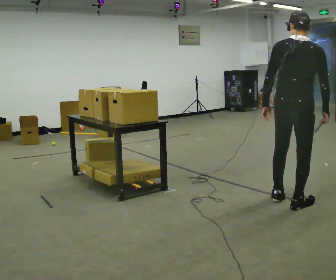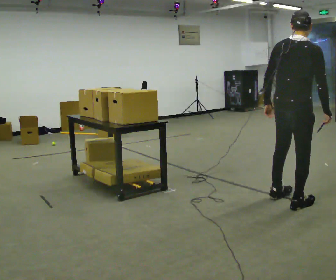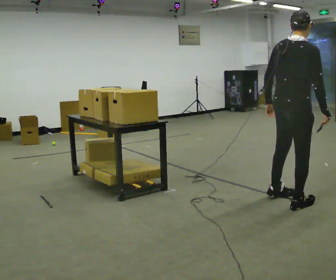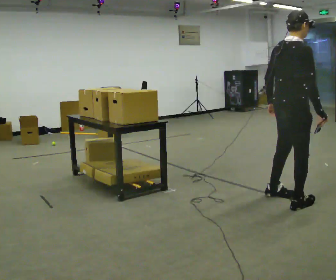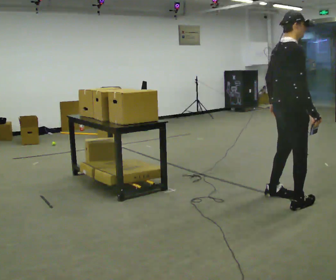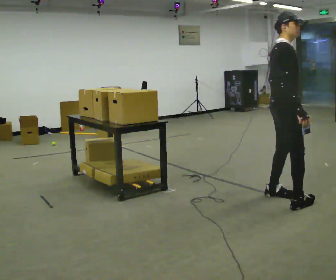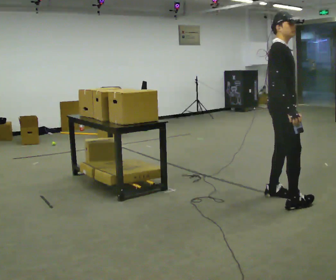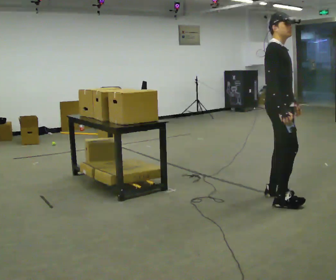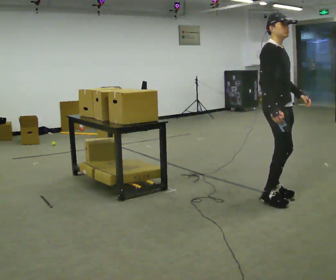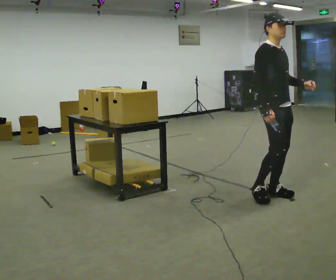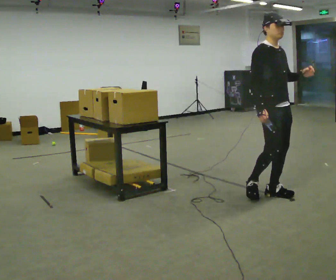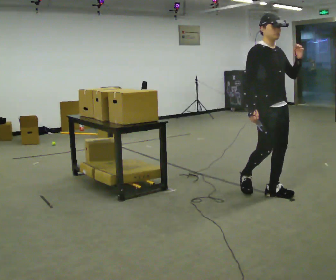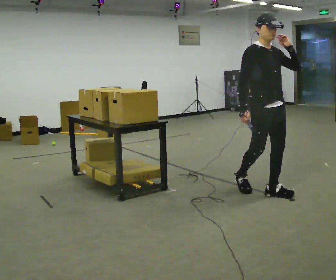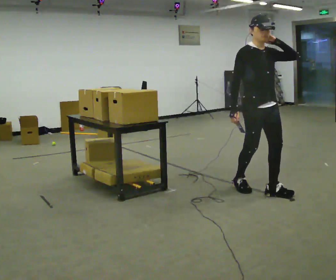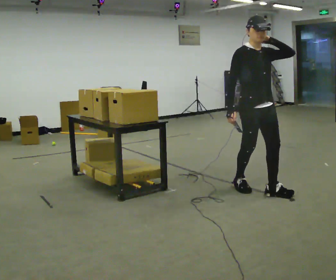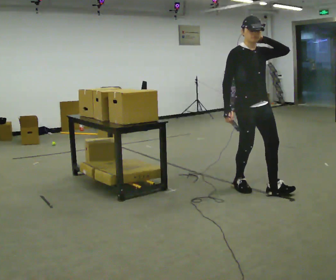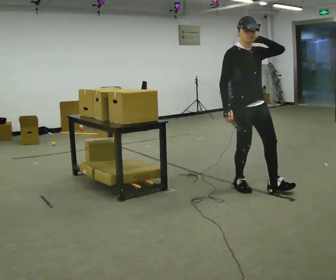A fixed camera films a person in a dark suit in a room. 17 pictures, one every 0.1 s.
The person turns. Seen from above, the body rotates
clockwise.
Their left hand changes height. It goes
upward.
0.0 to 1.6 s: The part of the body nearest the lens slides to the left as the person turns to their right by about 135 degrees. In the picture they go away from the camera and to the left, about 0.75 m in 2 steps. In the picture the upper body tilts counterclockwise, shoulders to the left. In the picture their left hand goes upward.
The film runs backward here.
